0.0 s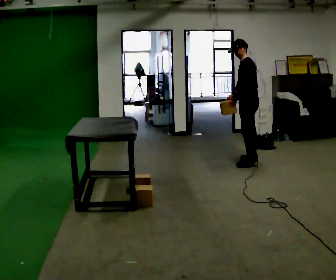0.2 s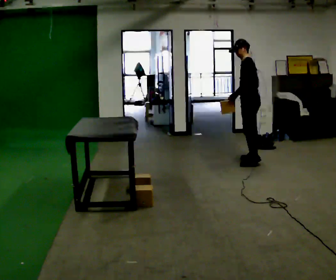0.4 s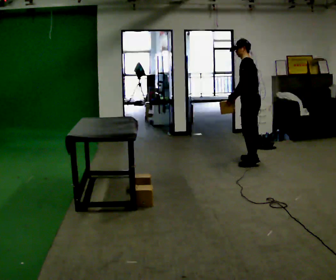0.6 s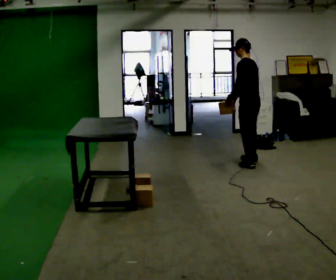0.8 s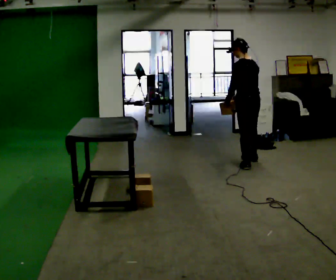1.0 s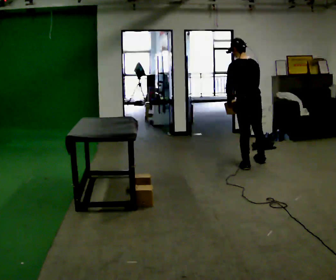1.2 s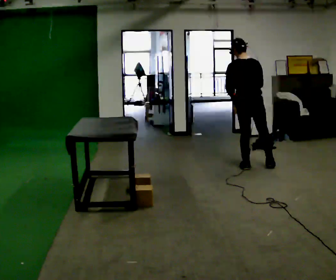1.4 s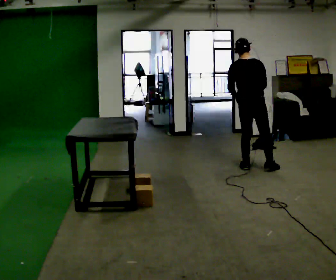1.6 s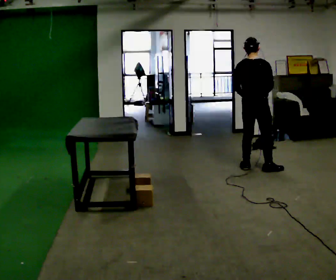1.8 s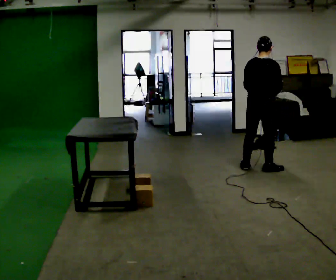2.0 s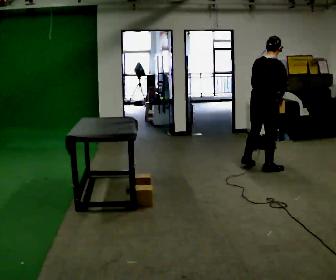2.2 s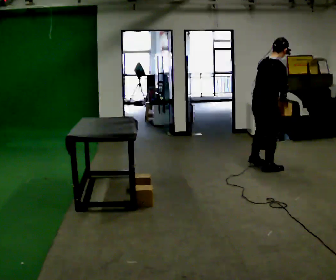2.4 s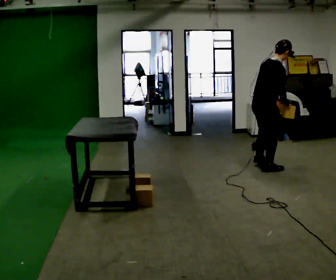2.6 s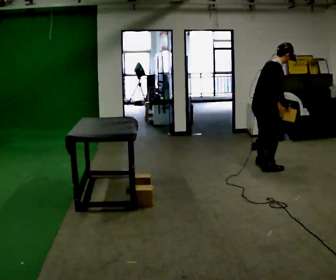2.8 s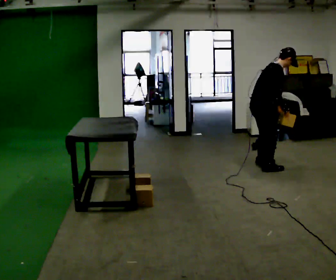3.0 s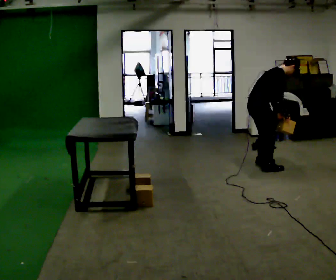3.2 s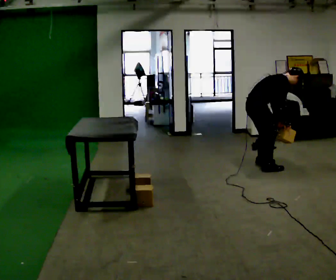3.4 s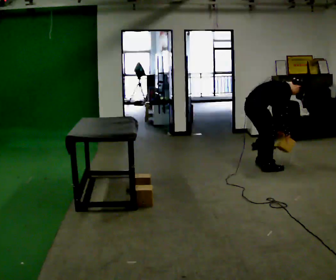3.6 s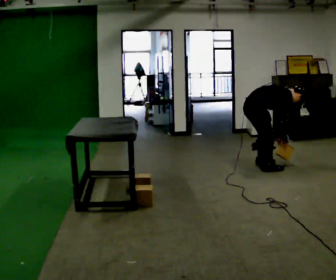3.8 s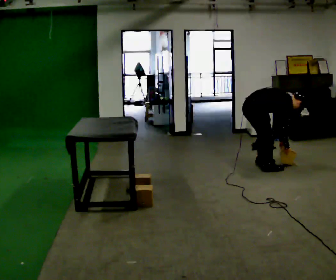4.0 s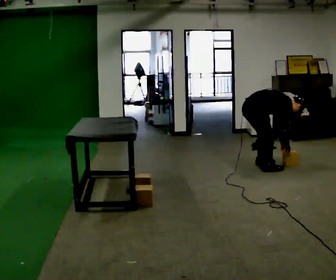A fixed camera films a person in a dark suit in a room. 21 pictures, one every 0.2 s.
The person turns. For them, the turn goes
to their right.
The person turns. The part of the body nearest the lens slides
to the left.
0.0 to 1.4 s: The part of the body nearest the lens slides to the left as the person turns to their right by about 105 degrees. In the picture they go toward the camera, about 0.25 m in 2 steps.
1.4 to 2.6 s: The part of the body nearest the lens slides to the left as the person turns to their right by about 60 degrees. In the picture the upper body tilts clockwise, shoulders to the right. In the picture their left hand goes to the right.
2.6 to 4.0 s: The upper body goes downward. In the picture the upper body tilts clockwise, shoulders to the right, as they bend forward. In the picture their right hand goes downward.
The film runs backward here.
